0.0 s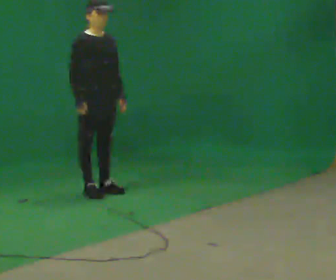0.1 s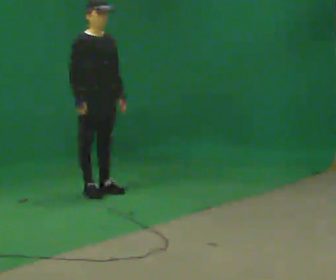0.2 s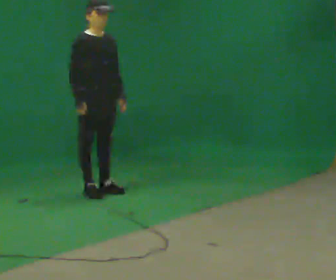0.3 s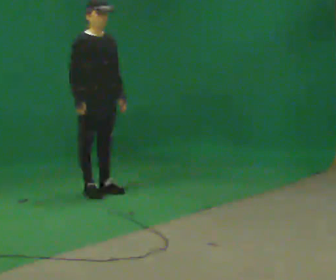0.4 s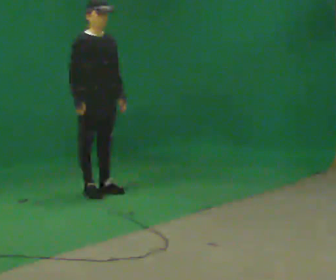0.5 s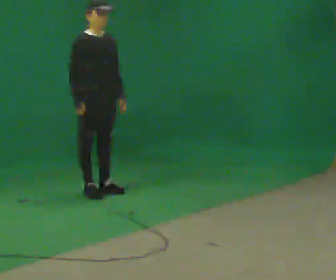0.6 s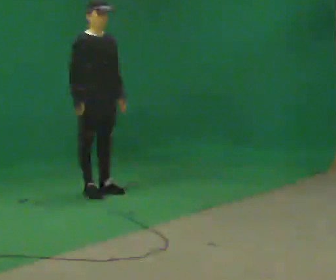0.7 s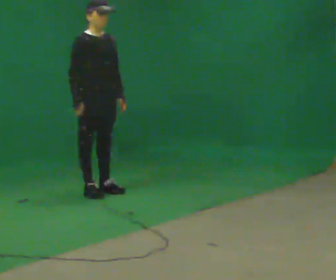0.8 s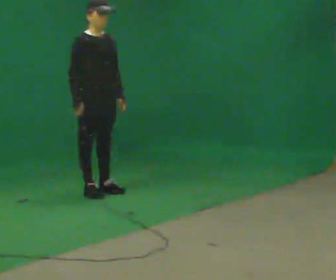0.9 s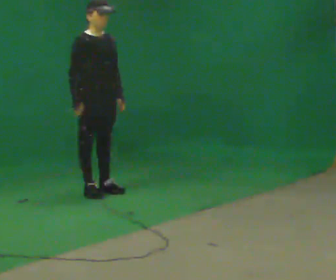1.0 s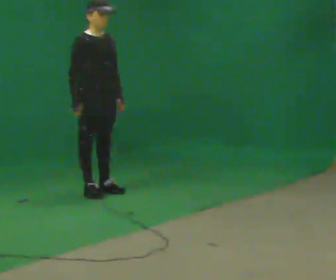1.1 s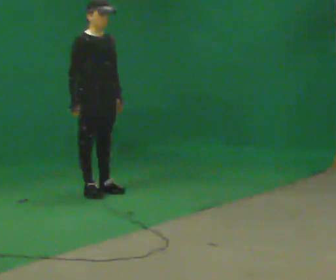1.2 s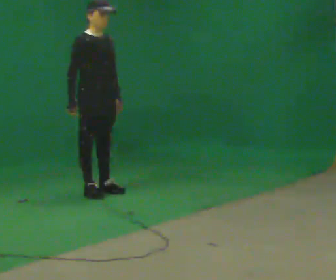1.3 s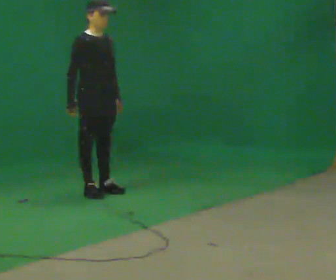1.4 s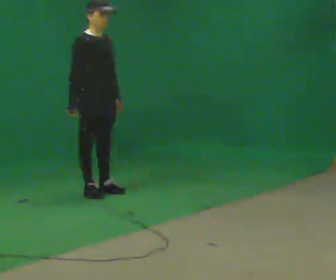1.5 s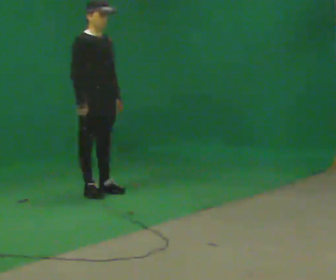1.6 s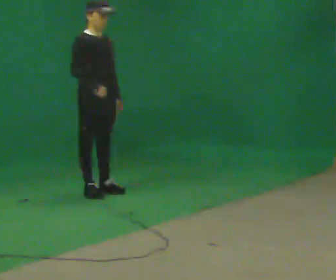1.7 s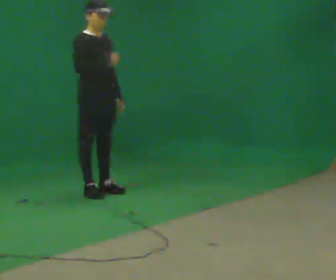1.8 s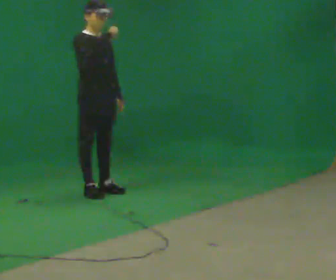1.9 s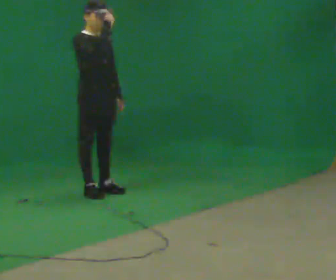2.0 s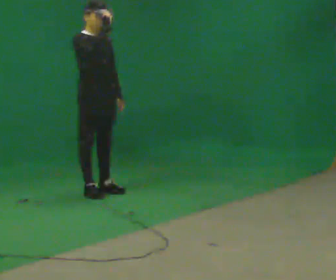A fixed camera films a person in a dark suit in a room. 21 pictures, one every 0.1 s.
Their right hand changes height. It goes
upward.
0.0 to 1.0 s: The person moves a little, or ends about where they began.
1.0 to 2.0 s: In the picture their right hand goes upward.
The film runs backward here.
